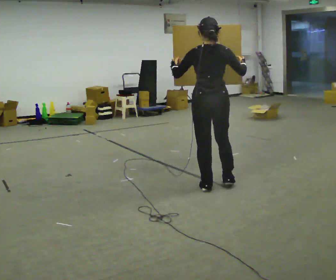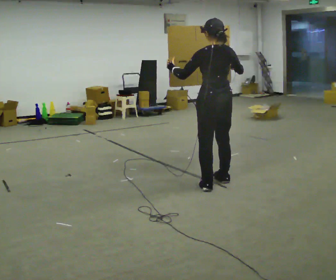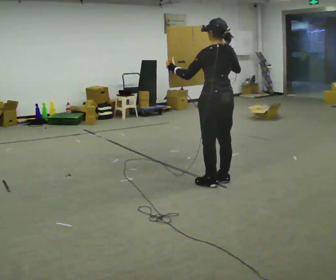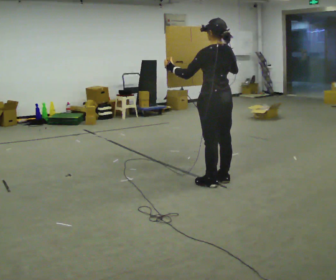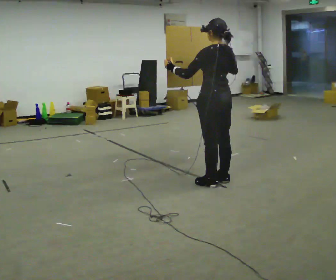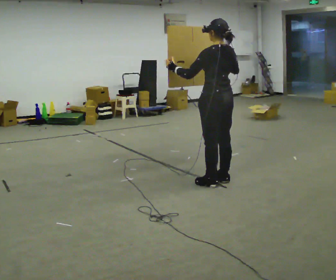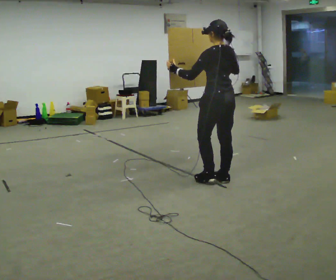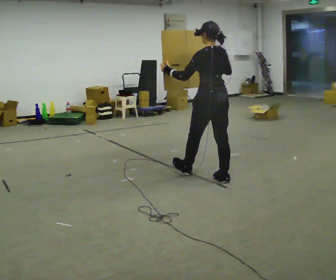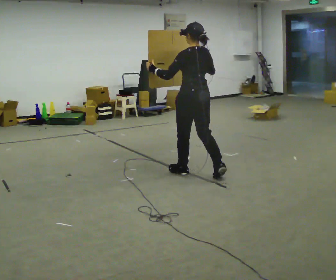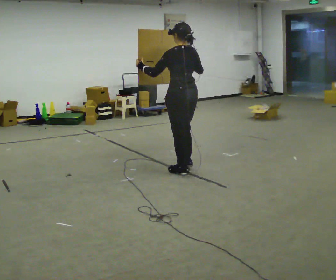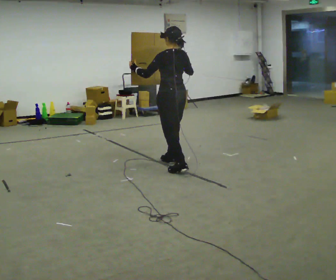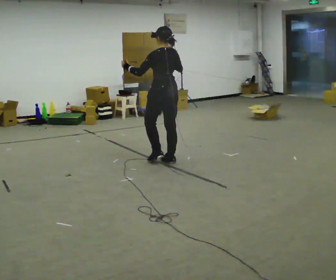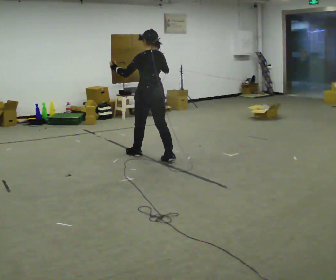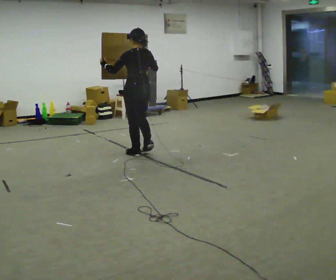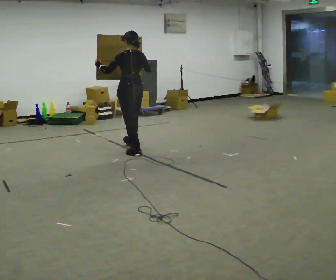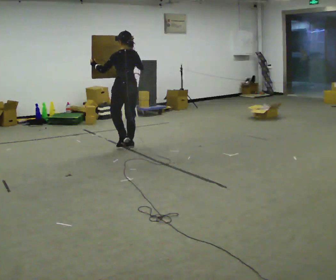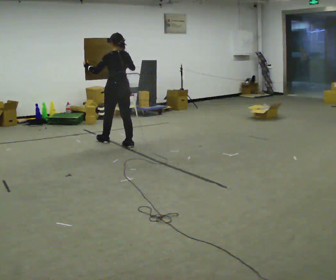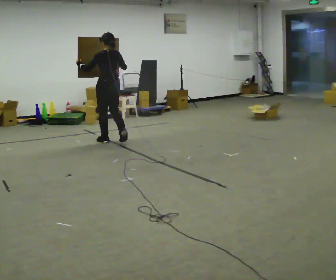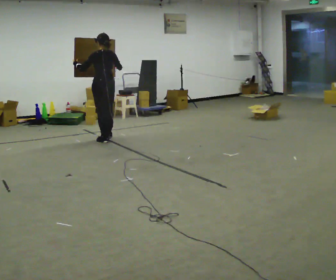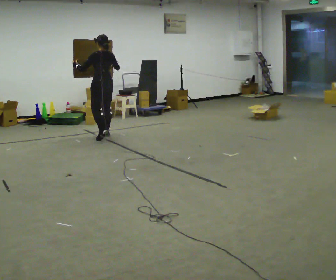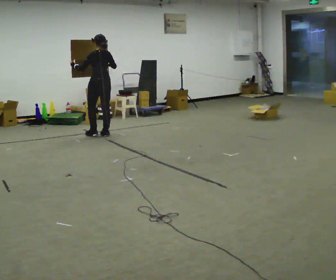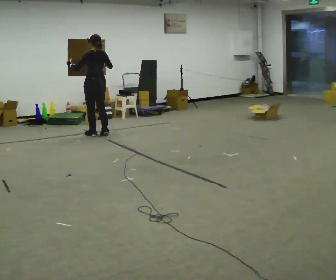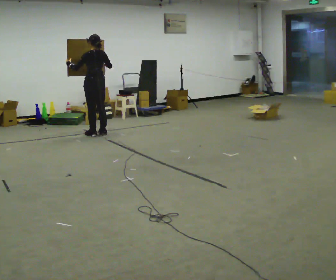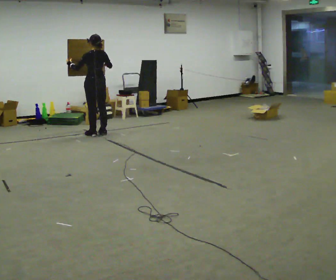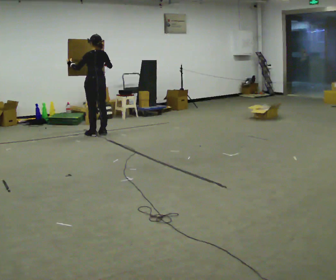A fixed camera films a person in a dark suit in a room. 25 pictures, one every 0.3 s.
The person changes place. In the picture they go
away from the camera.
0.0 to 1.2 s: The part of the body nearest the lens slides to the right as the person turns to their left by about 30 degrees.
1.2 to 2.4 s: In the picture they go away from the camera and to the left, about 0.25 m in 1 step, which for them is forward.
2.4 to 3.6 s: In the picture they go away from the camera and to the left, about 1 m in 2 steps, which for them is forward.
3.6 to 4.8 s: In the picture they go away from the camera and to the left, about 1 m in 1 step, which for them is forward.
4.8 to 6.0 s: In the picture they go away from the camera and to the left, about 0.75 m in 2 steps, which for them is forward.
6.0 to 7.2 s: The person moves a little, or ends about where they began.
The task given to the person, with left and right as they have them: Carry the large panel across the room. It will block your view ahead, so take whatever route feels safe. Keep going until the operator says stop; one object at a time, and do not rush between trips.
The film runs forward here.
